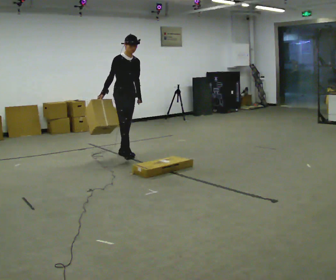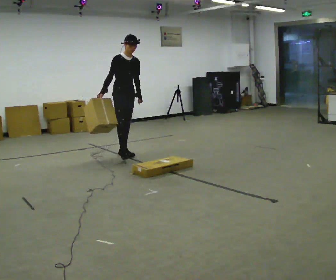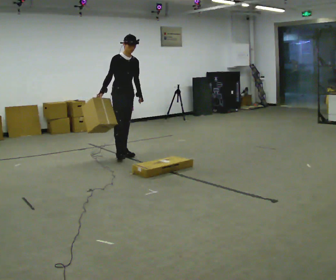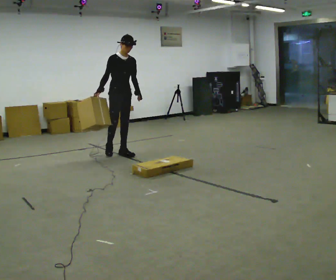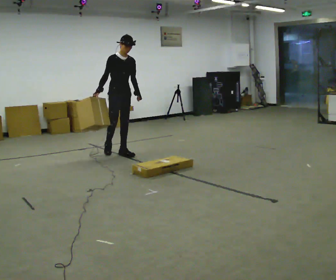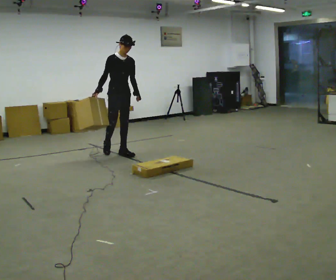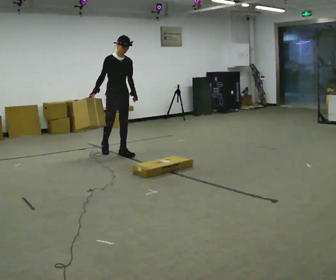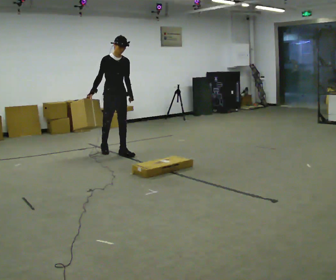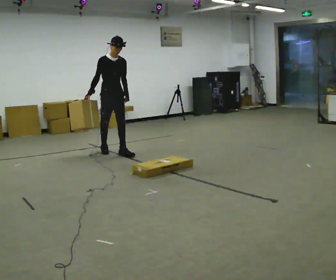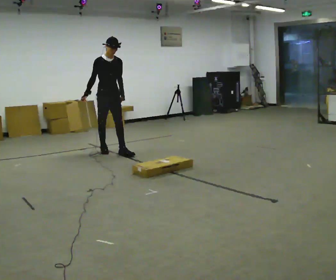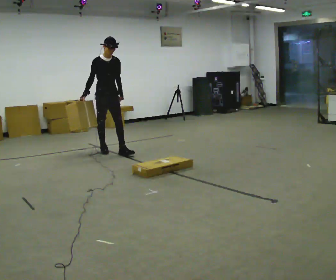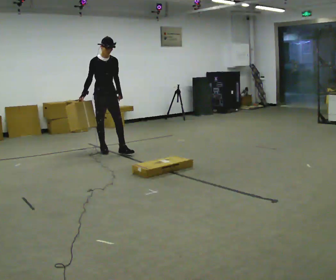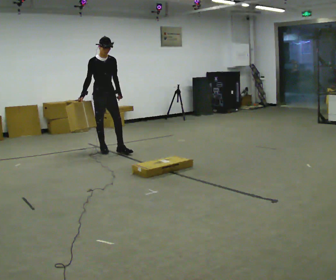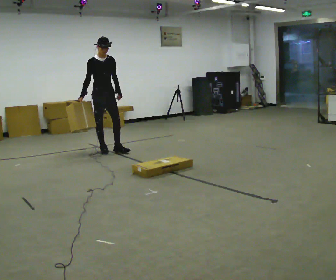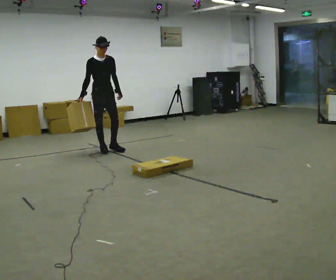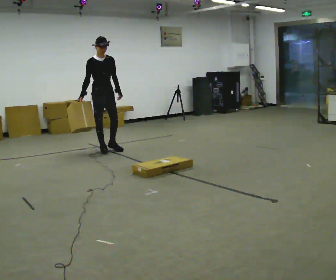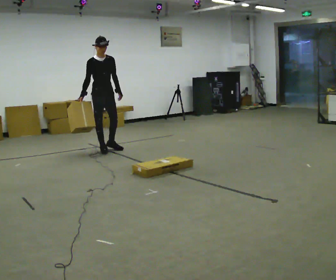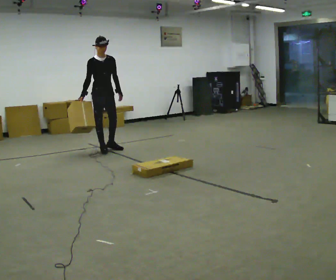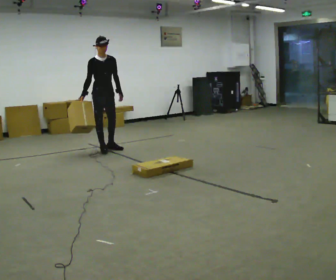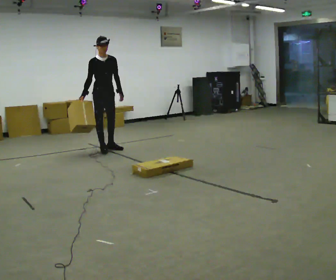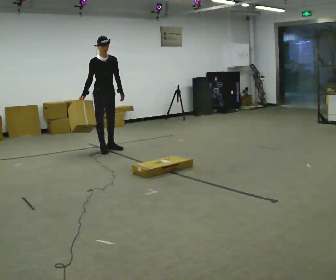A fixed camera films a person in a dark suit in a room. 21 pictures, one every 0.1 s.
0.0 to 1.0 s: In the picture they go away from the camera and to the left, about 0.5 m, which for them is backward.
1.0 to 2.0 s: The person moves a little, or ends about where they began.
The film runs backward here.
